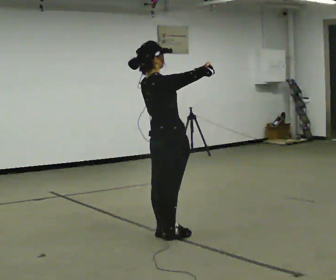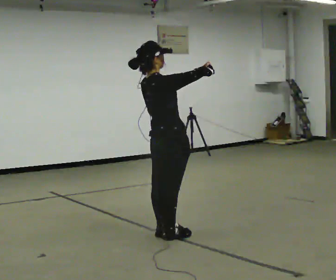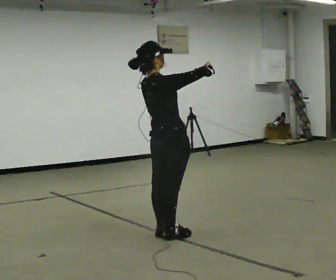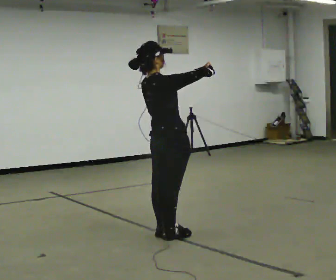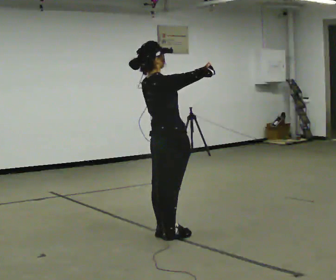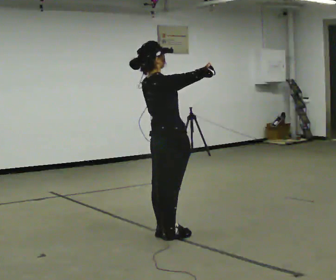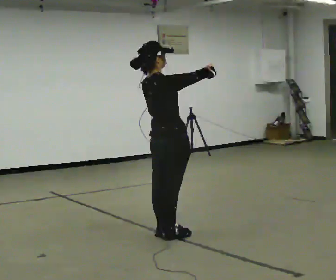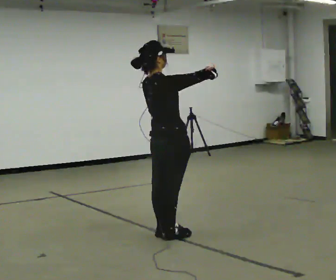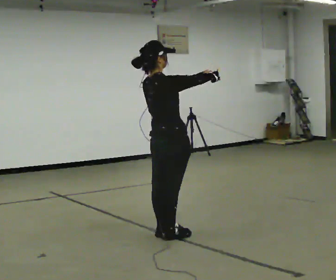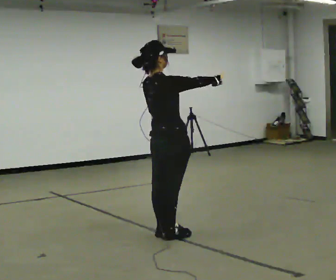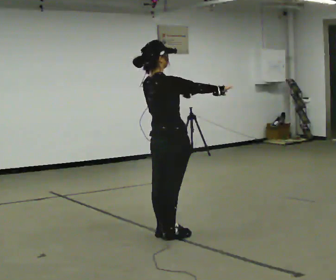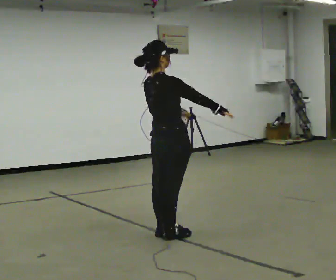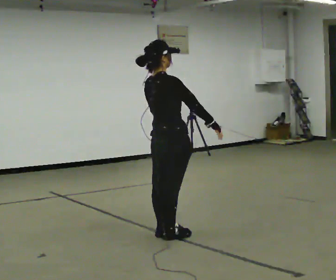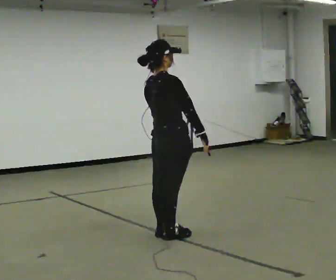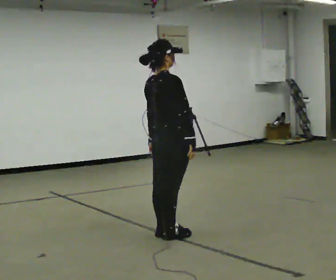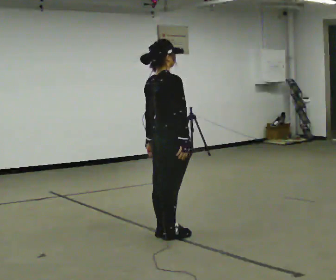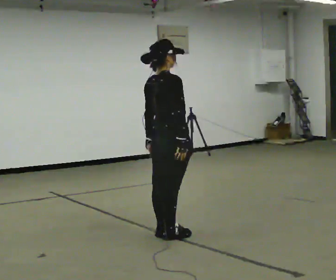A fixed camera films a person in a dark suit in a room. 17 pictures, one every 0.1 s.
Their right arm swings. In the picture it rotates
clockwise.
Their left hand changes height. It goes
downward.
0.0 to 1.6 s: In the picture their right hand goes downward, the arm swinging clockwise.
The film runs forward here.
